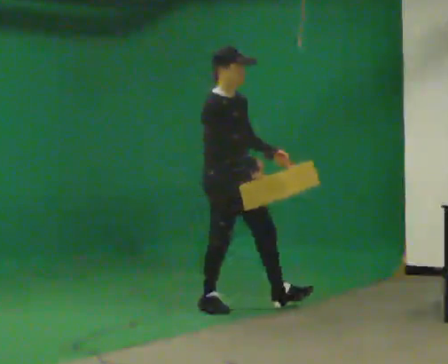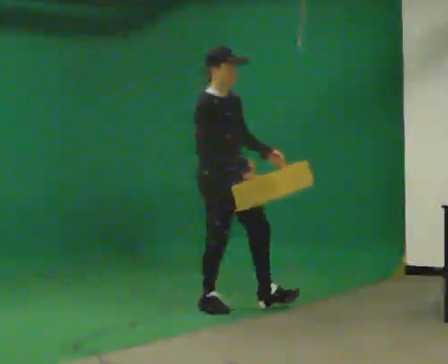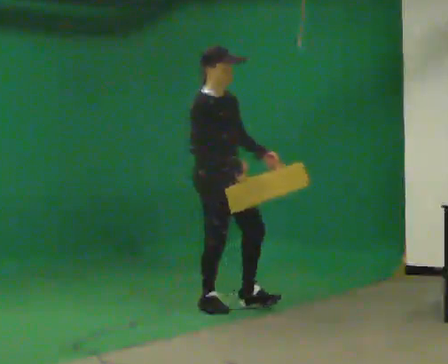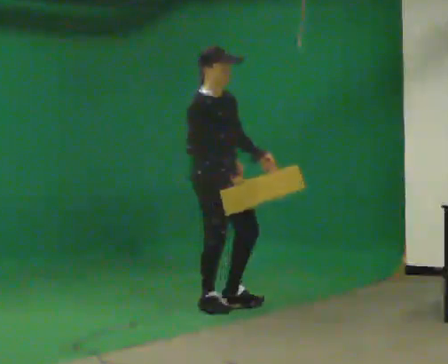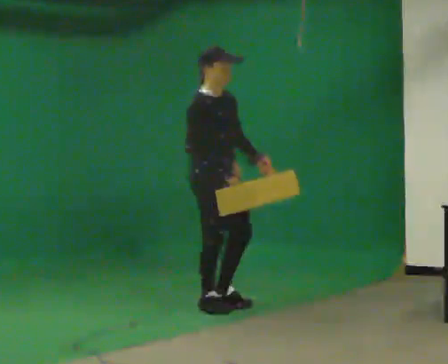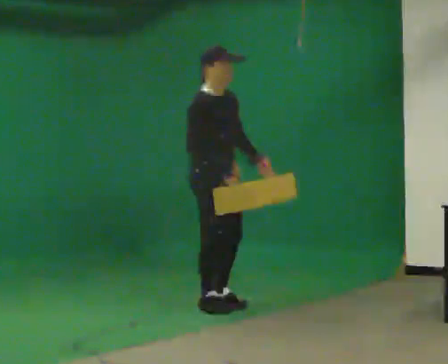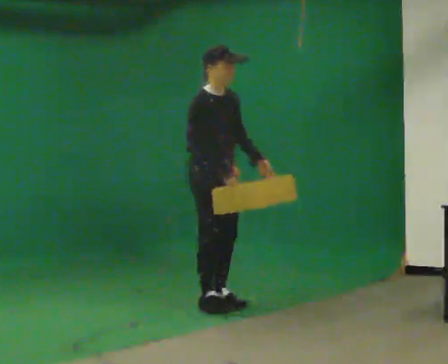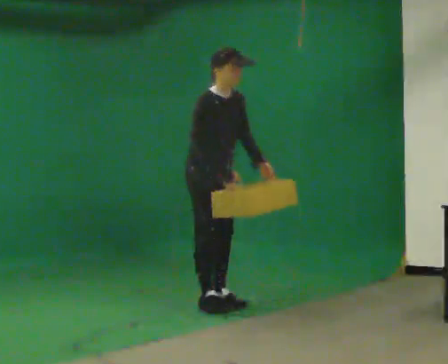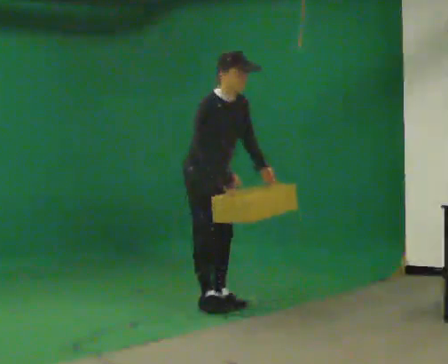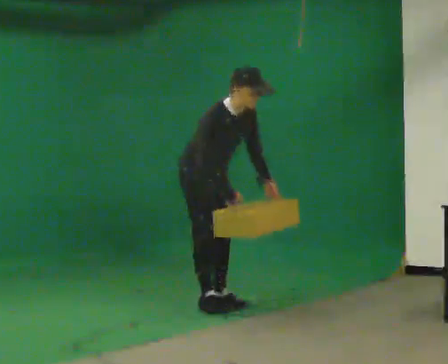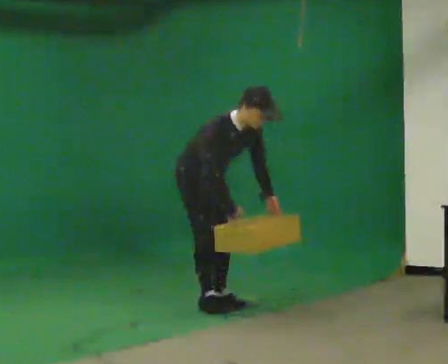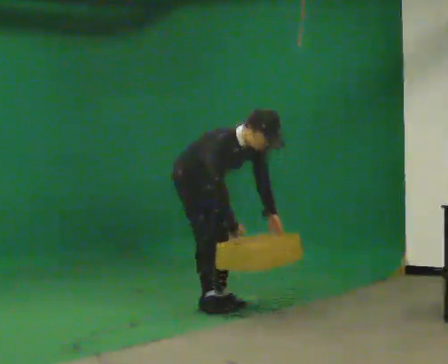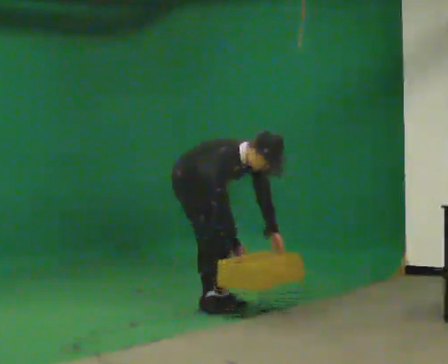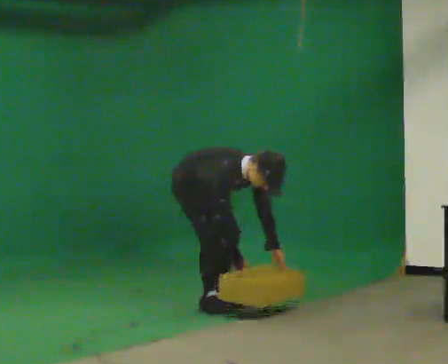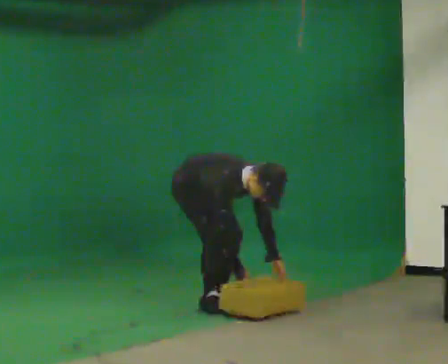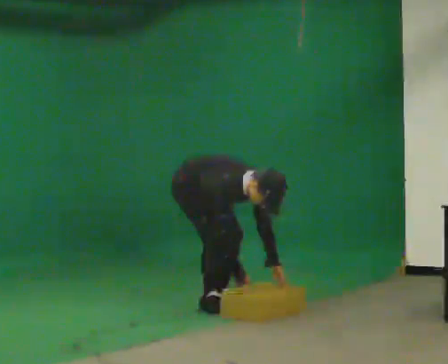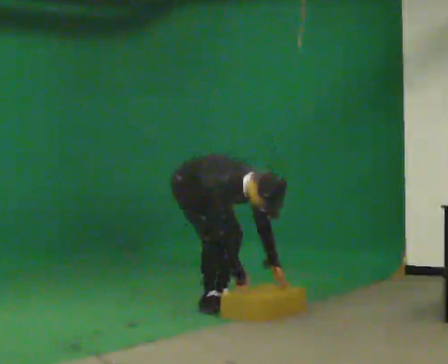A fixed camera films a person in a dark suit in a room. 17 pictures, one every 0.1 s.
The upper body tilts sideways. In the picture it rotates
clockwise.
Their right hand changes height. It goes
downward.
0.0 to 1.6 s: In the picture they go to the left and away from the camera, about 0.25 m, which for them is backward. The upper body goes downward. In the picture the upper body tilts clockwise, shoulders to the right, as they bend forward. In the picture their right hand goes downward.
The film runs backward here.
